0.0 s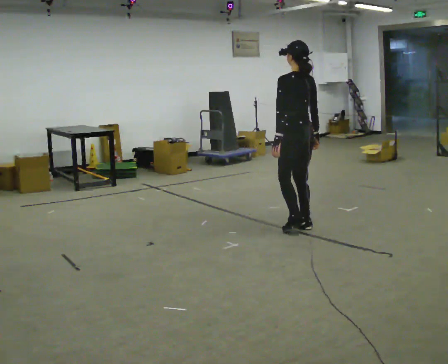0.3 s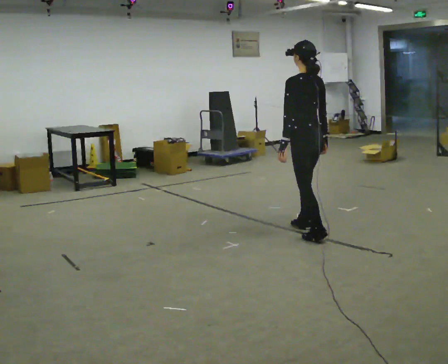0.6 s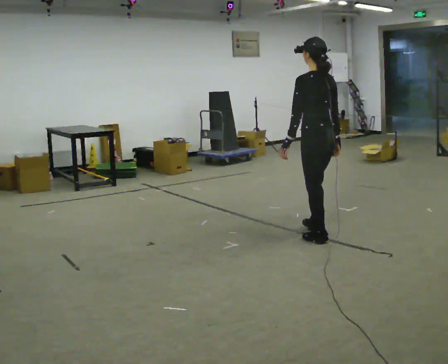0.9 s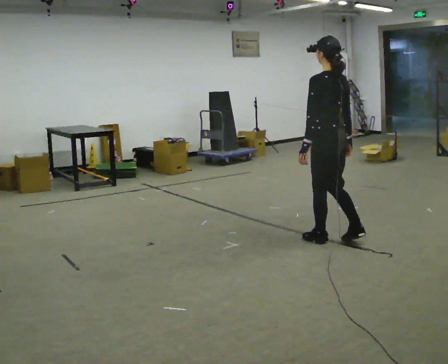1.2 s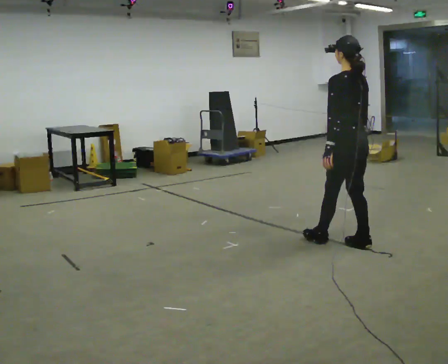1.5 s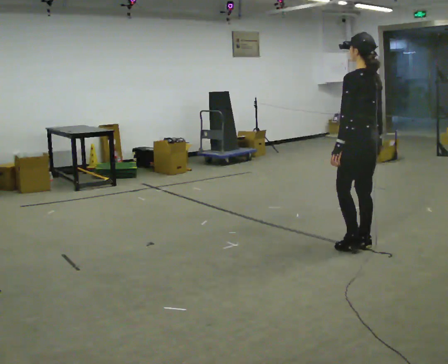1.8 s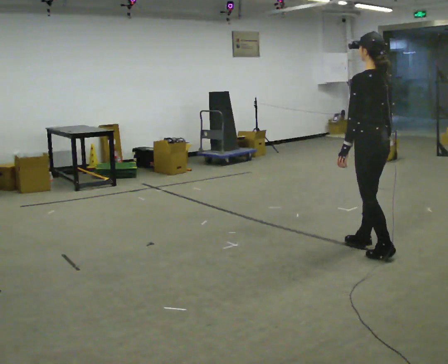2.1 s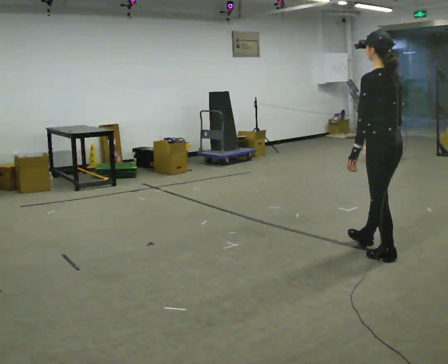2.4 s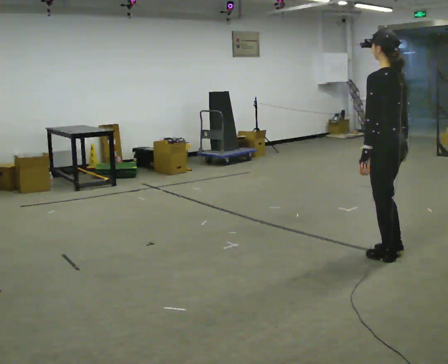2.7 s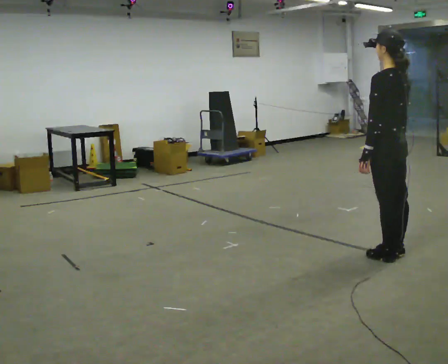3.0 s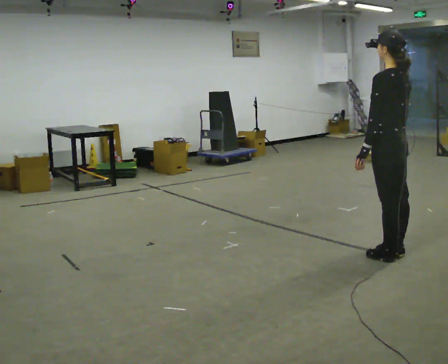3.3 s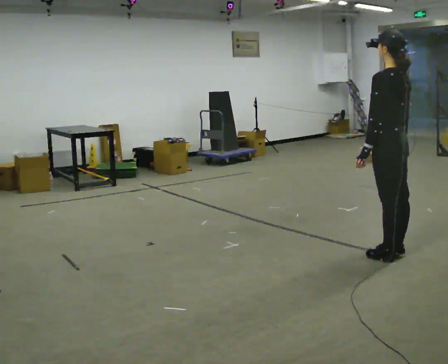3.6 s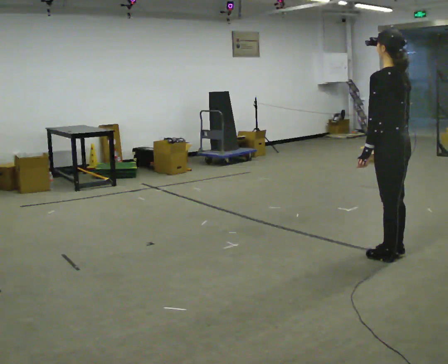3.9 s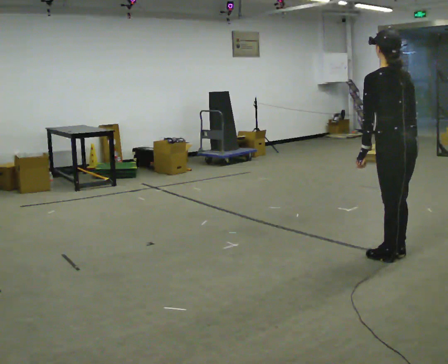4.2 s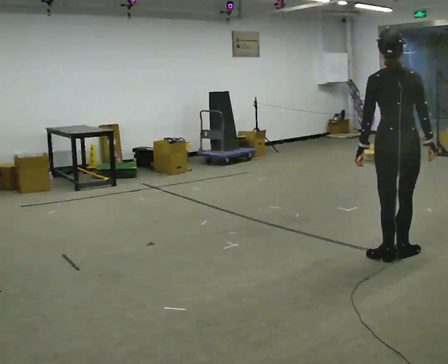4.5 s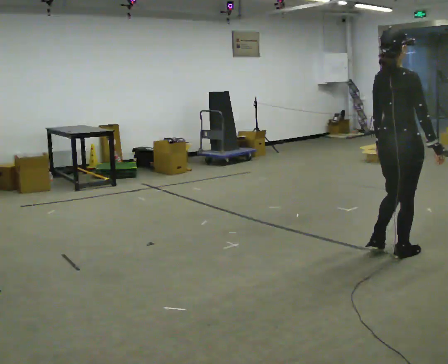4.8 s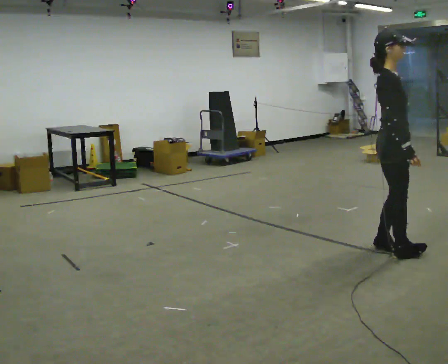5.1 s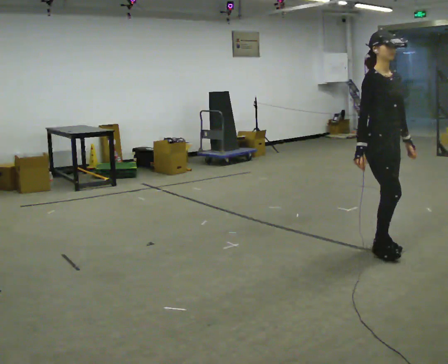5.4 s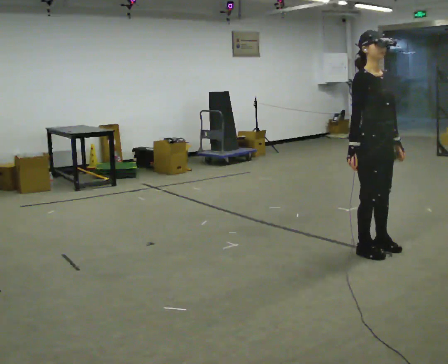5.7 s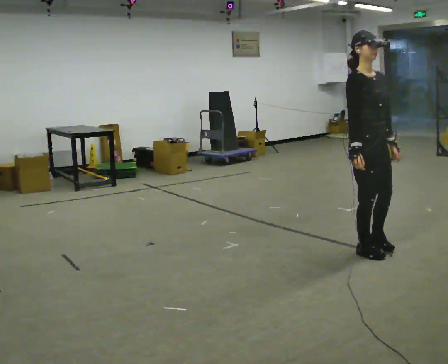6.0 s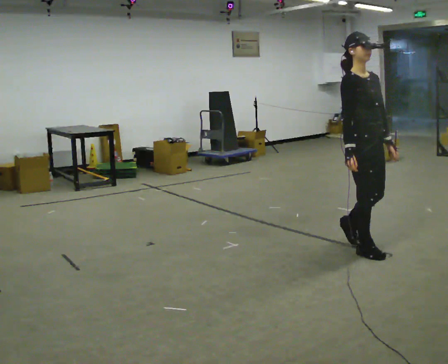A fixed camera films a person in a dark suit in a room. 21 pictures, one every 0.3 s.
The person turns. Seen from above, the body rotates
clockwise.
The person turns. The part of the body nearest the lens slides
to the left.
0.0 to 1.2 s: In the picture they go to the right and toward the camera, about 0.5 m in 2 steps, which for them is backward.
1.2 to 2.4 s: In the picture they go to the right and toward the camera, about 0.5 m in 1 step, which for them is backward.
2.4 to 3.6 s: The person moves a little, or ends about where they began.
3.6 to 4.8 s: The person turns about 150 degrees to their right, clockwise seen from above, so the part of the body nearest the lens slides to the left.
4.8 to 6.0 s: The person turns about 30 degrees to their right, clockwise seen from above, so the part of the body nearest the lens slides to the left. In the picture they go to the left, about 0.25 m in 1 step, which for them is backward. In the picture their right hand goes to the left.
The film runs forward here.
